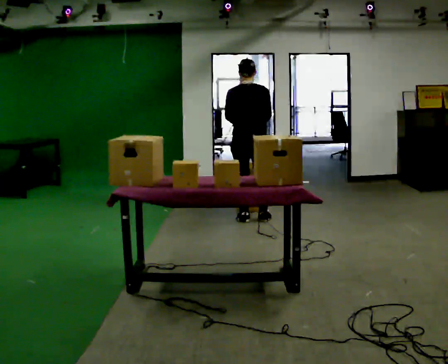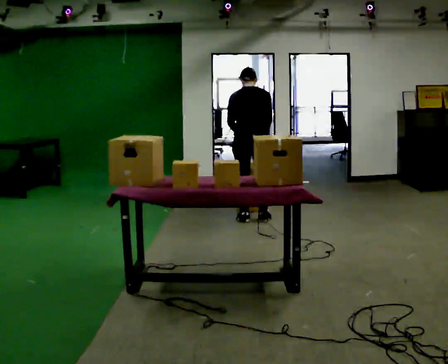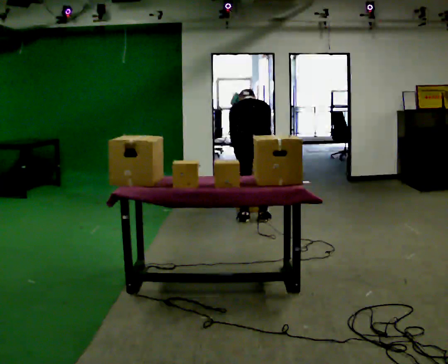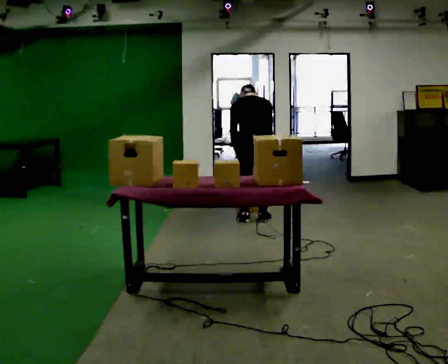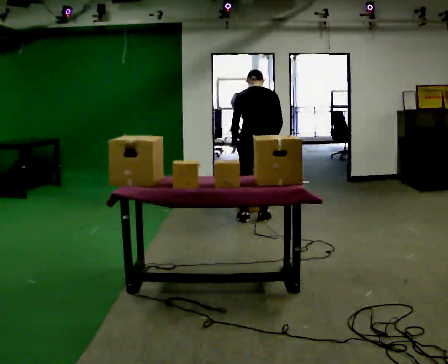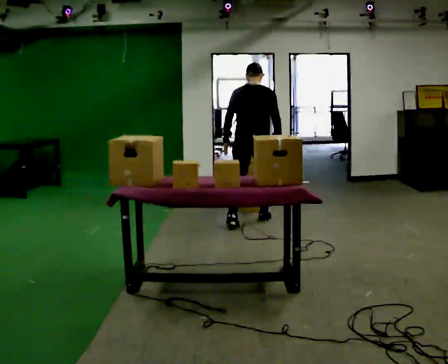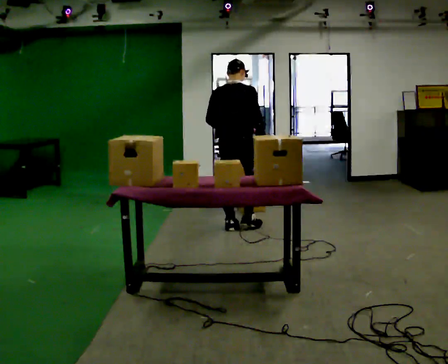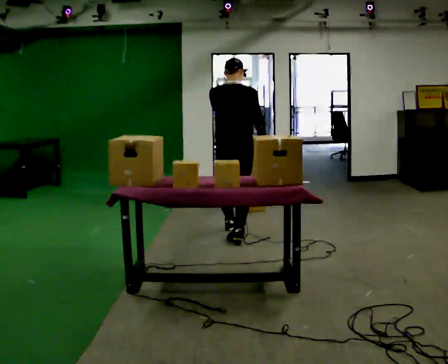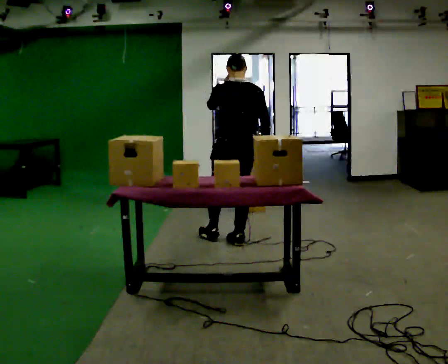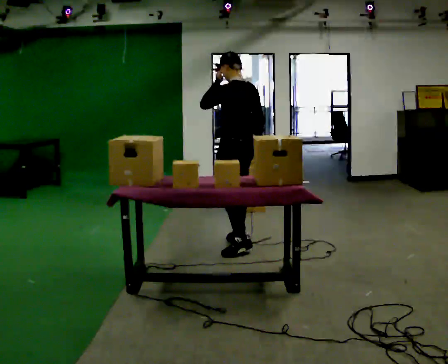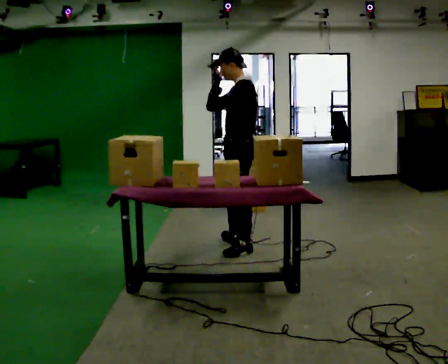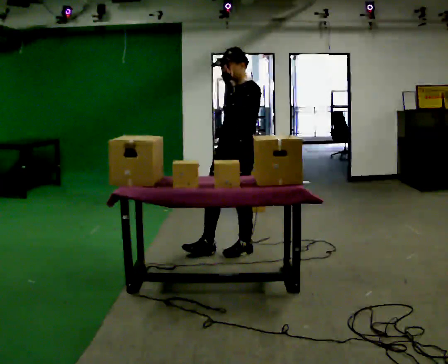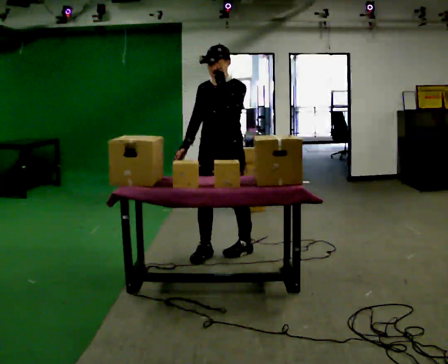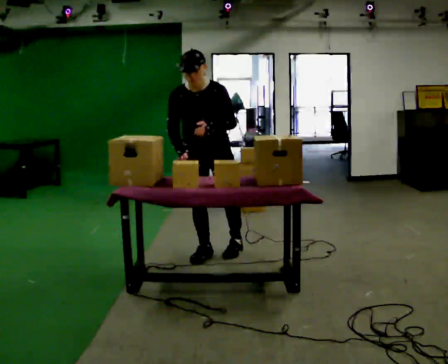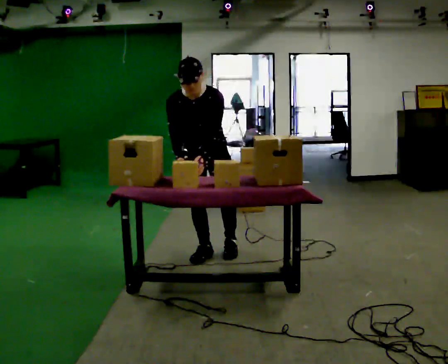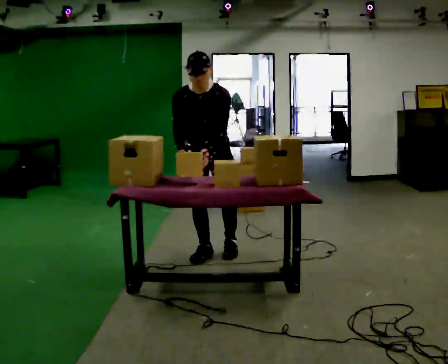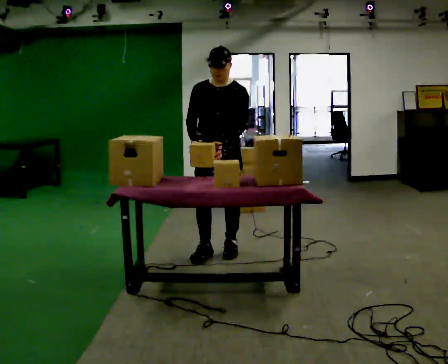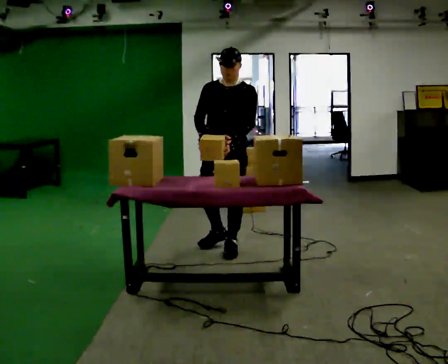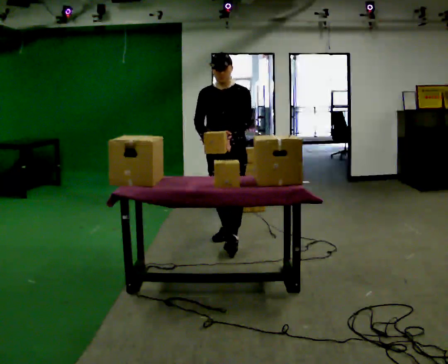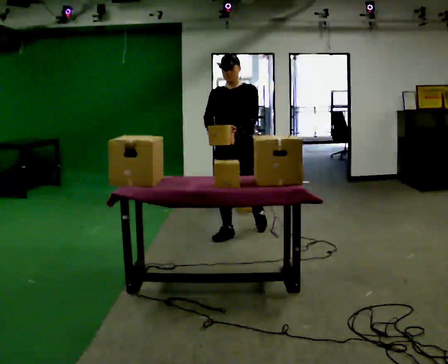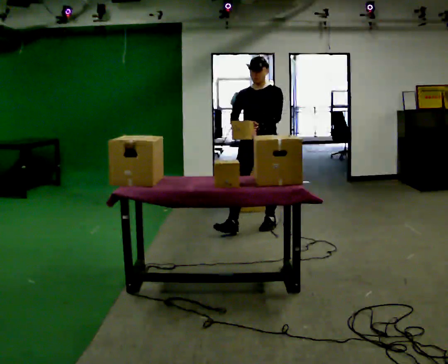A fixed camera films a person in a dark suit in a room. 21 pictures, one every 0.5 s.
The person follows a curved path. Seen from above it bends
clockwise.
0.0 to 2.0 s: The person moves a little, or ends about where they began.
2.0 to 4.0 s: In the picture they go toward the camera, about 0.5 m in 3 steps, which for them is backward. The upper body tips toward the camera, its near side rolling downward, as they lean back or straighten. In the picture their left hand goes upward.
4.0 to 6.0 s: The person turns about 135 degrees to their left, counterclockwise seen from above, so the part of the body nearest the lens slides to the right. In the picture they go toward the camera, about 0.5 m in 1 step.
6.0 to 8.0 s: In the picture their left hand goes downward.
8.0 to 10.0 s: In the picture they go away from the camera and to the right, about 1 m in 3 steps, which for them is backward.
The film runs backward here.
